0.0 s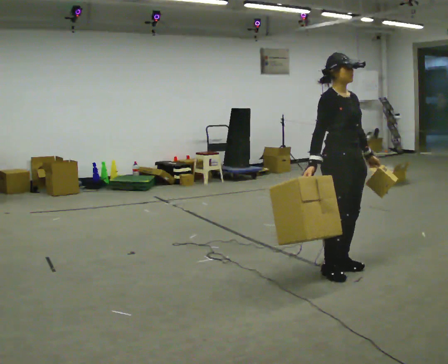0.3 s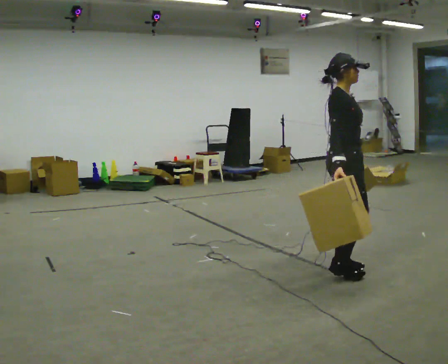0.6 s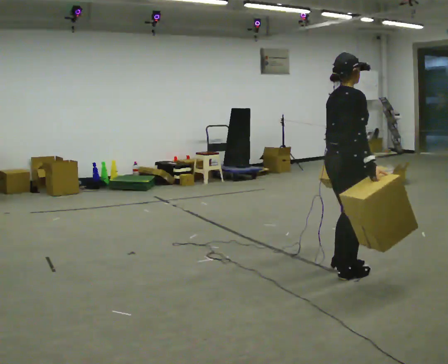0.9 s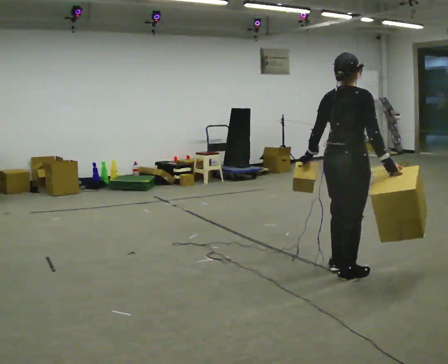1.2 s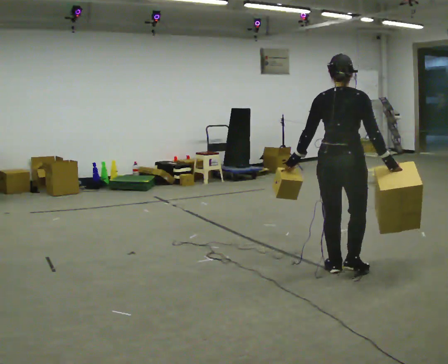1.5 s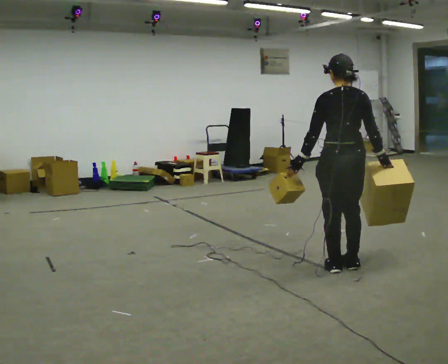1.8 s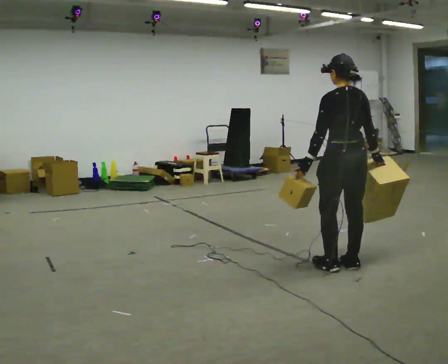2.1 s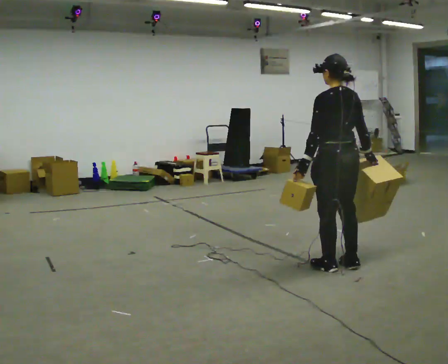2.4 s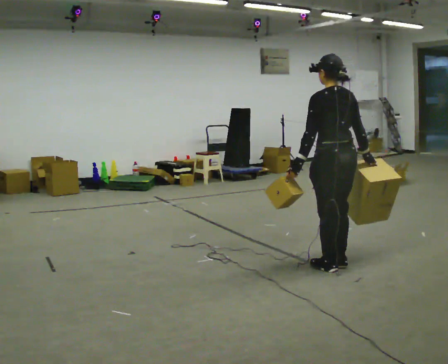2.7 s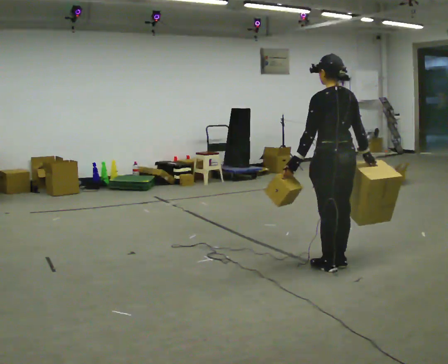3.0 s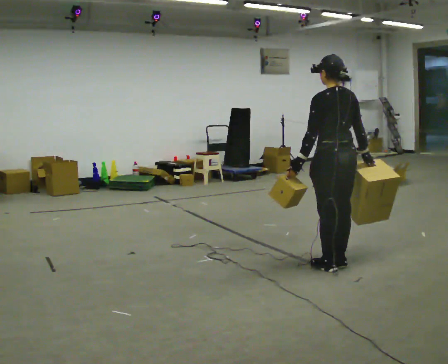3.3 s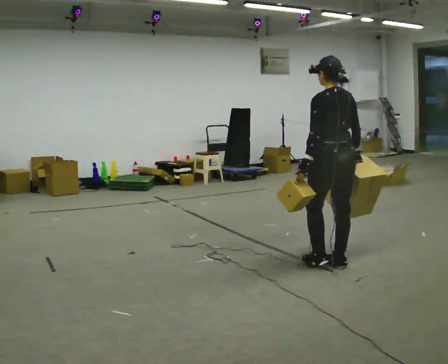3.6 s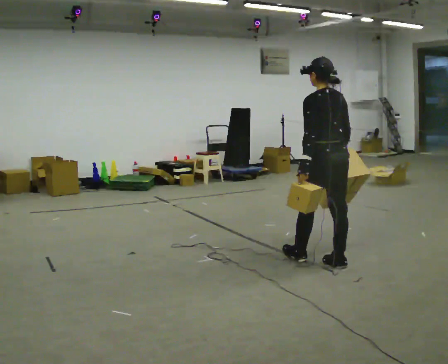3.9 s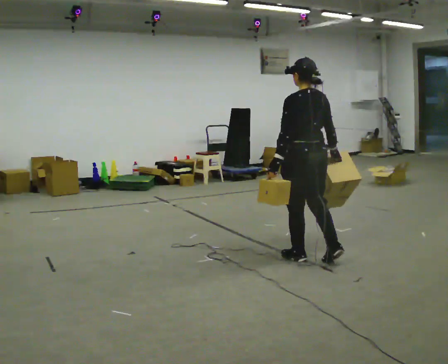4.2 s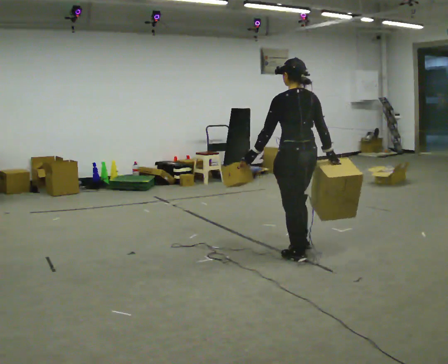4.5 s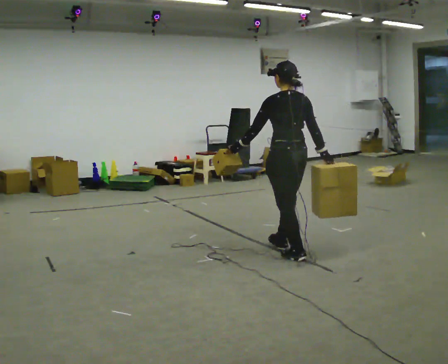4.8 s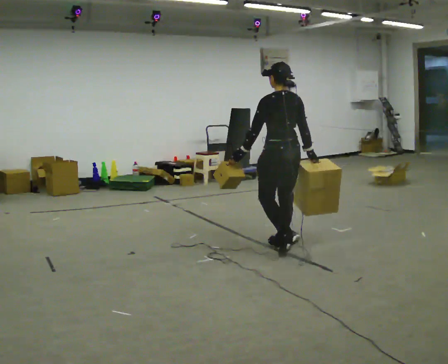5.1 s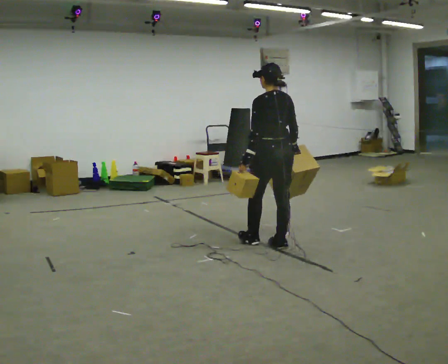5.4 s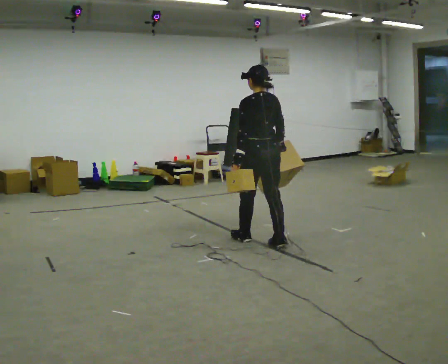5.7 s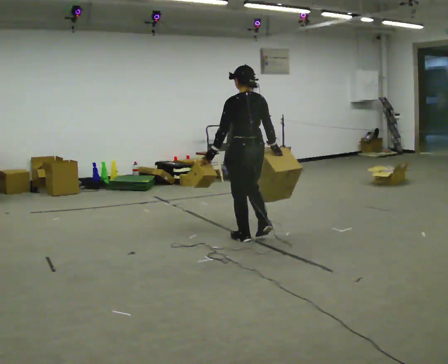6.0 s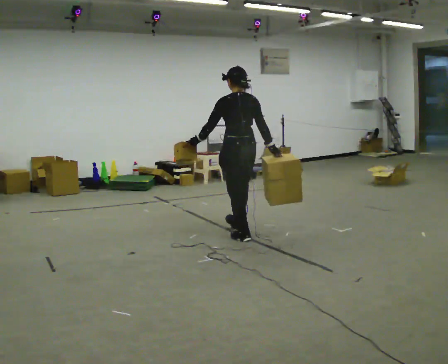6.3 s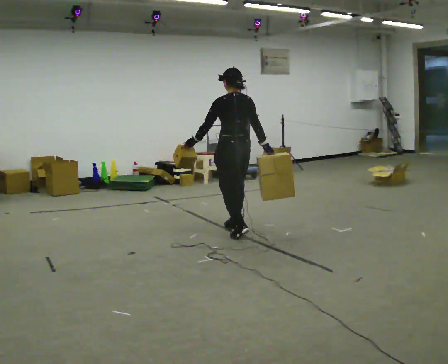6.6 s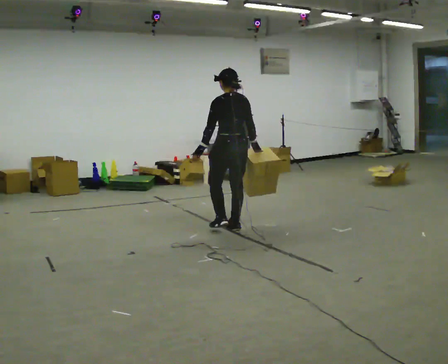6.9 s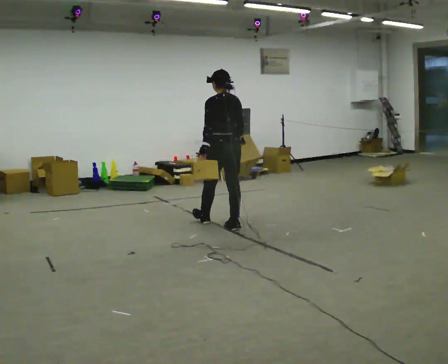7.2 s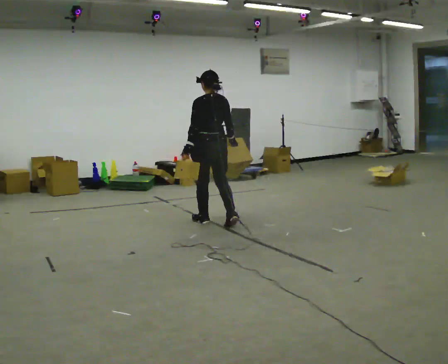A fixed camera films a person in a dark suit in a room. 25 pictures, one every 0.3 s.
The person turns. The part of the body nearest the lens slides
to the right.
The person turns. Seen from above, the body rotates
counterclockwise.
0.0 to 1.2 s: The person turns about 120 degrees to their left, counterclockwise seen from above, so the part of the body nearest the lens slides to the right. In the picture their right hand goes to the right, the arm swinging counterclockwise.
1.2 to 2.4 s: The part of the body nearest the lens slides to the right as the person turns to their left by about 45 degrees.
2.4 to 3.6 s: The person moves a little, or ends about where they began.
3.6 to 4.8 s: In the picture they go away from the camera and to the left, about 0.5 m in 1 step, which for them is forward.
4.8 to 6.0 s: In the picture they go to the left and away from the camera, about 0.5 m in 1 step, which for them is forward.
6.0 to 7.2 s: In the picture they go away from the camera and to the left, about 0.5 m in 2 steps, which for them is forward.
The film runs forward here.
